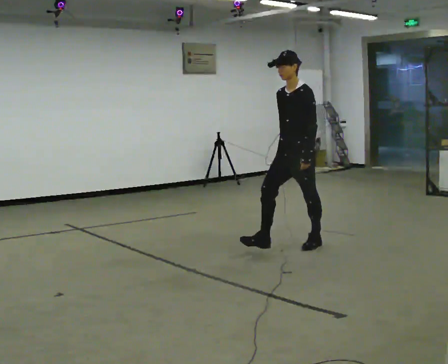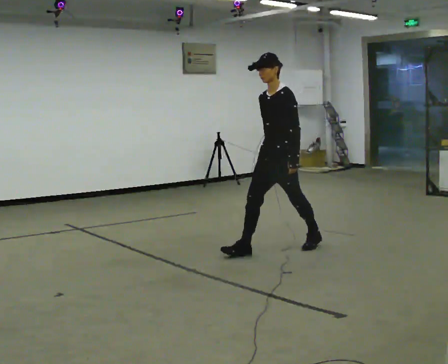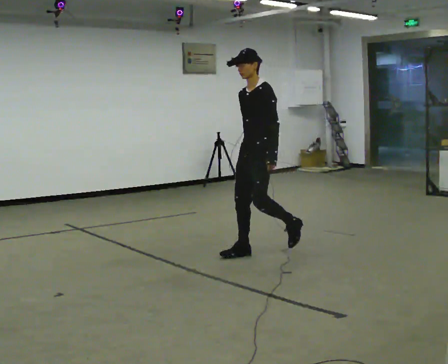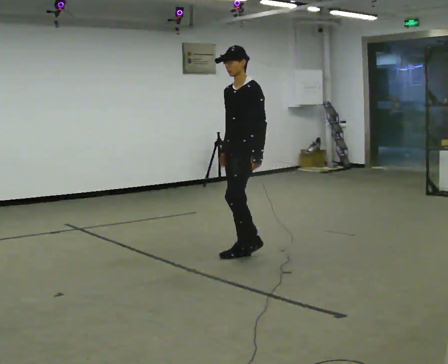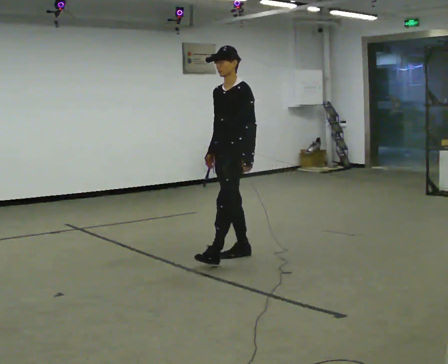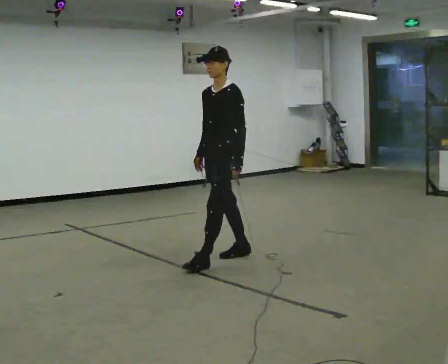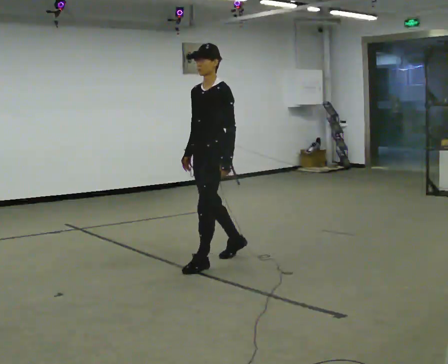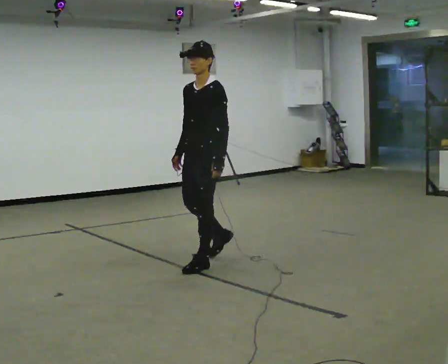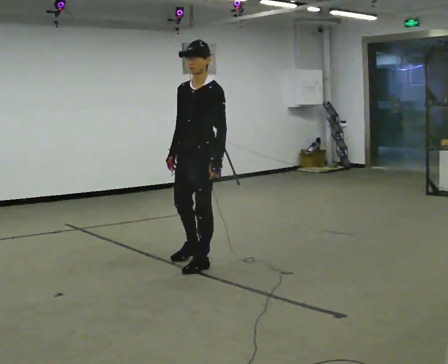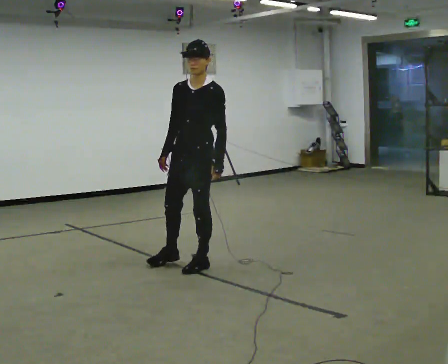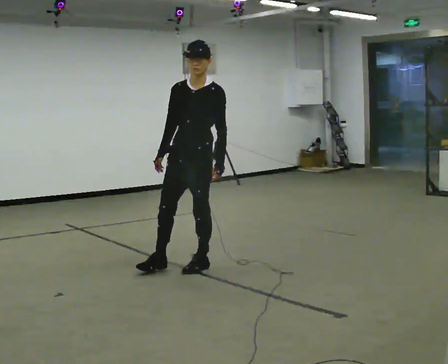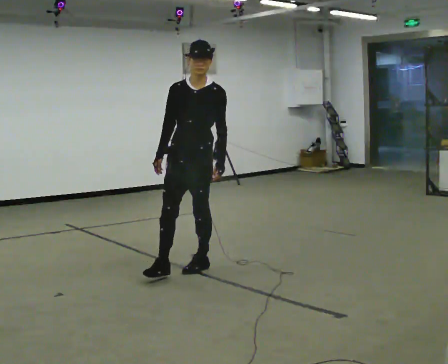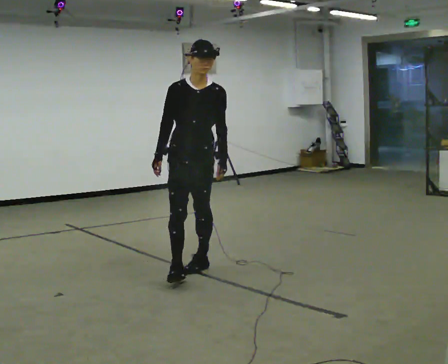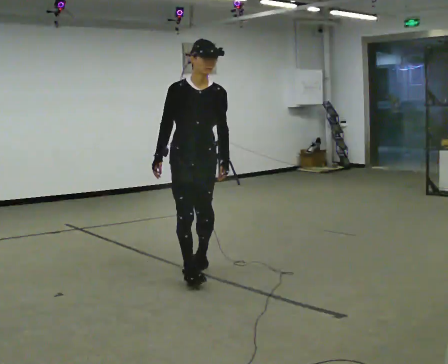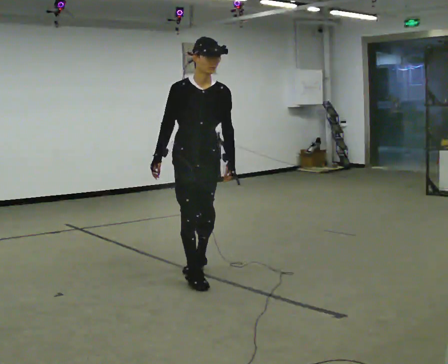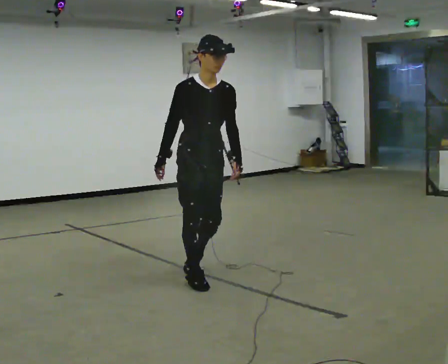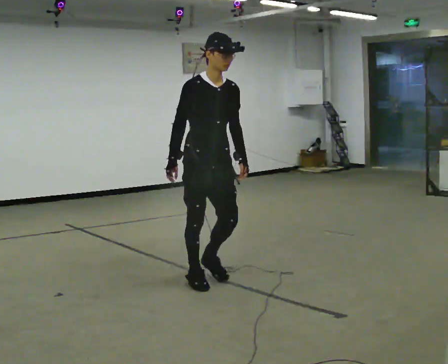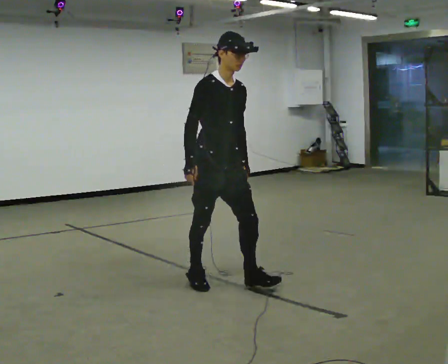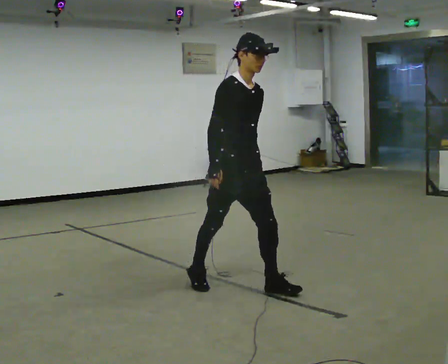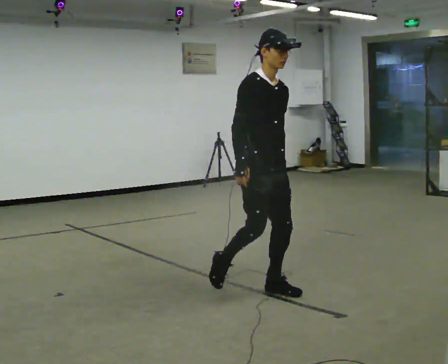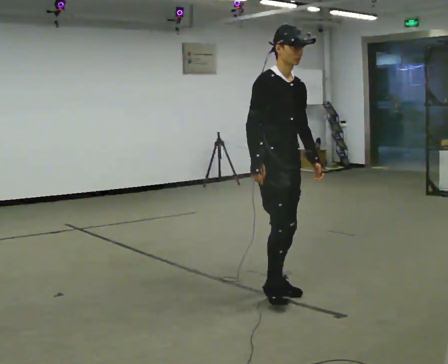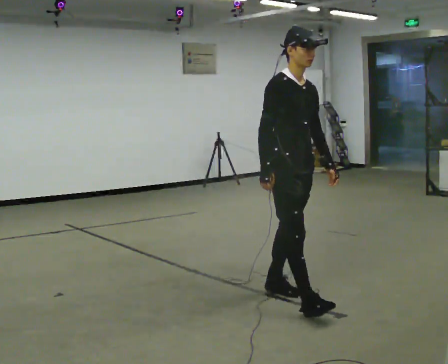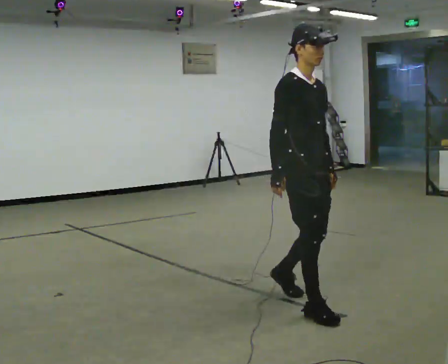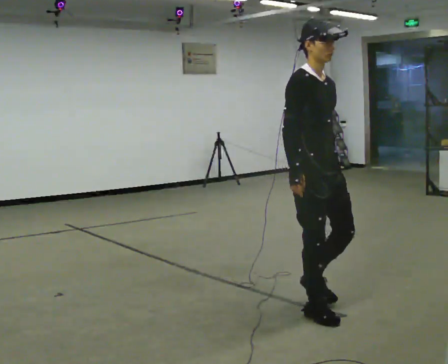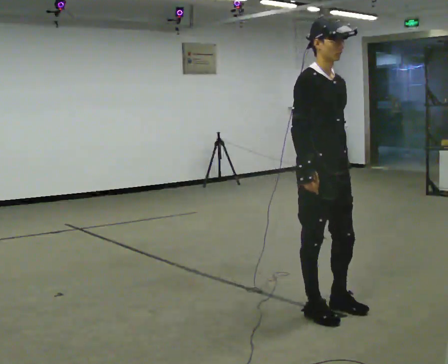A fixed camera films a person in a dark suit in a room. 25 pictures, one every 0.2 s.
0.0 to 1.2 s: In the picture they go to the left and toward the camera, about 1 m in 2 steps, which for them is forward.
1.2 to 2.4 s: Seen from above the body turns counterclockwise, about 60 degrees: to their left, with its near side sliding to the right. In the picture they go toward the camera and to the left, about 0.25 m, which for them is forward.
2.4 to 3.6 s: The person turns about 45 degrees to their left, counterclockwise seen from above, so the part of the body nearest the lens slides to the right. In the picture they go toward the camera and to the right, about 0.5 m in 2 steps, which for them is forward.
3.6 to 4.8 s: In the picture they go toward the camera and to the right, about 0.75 m in 2 steps, which for them is forward.
The film runs forward here.
